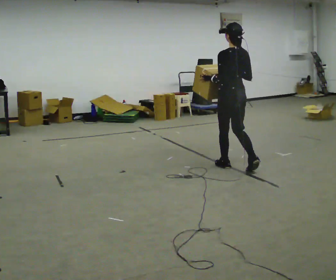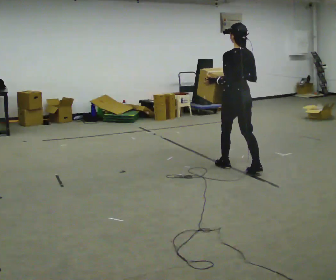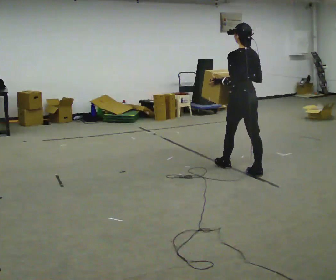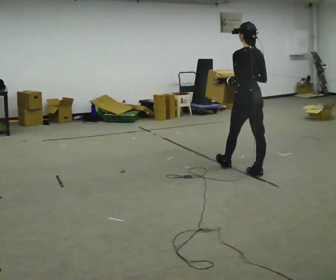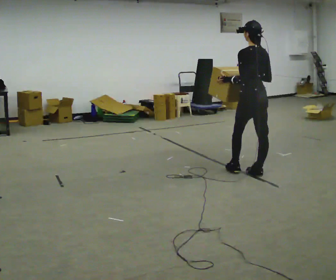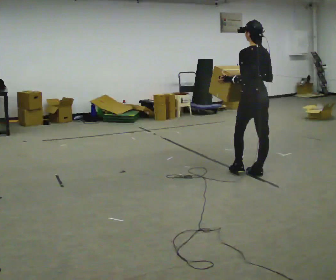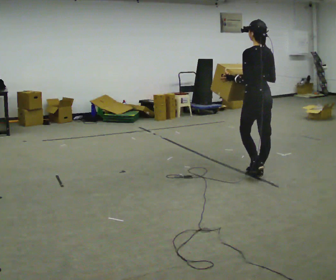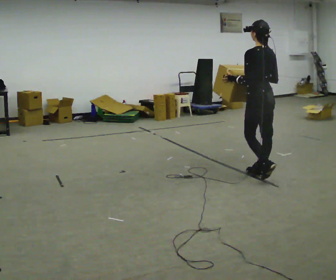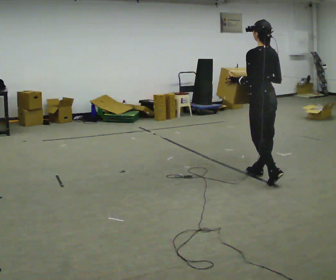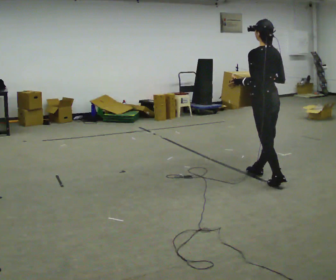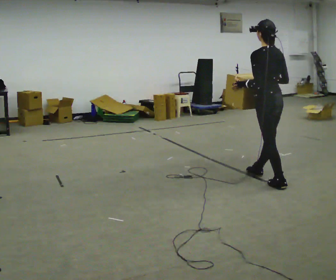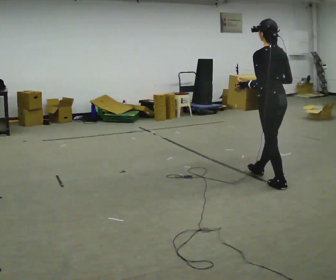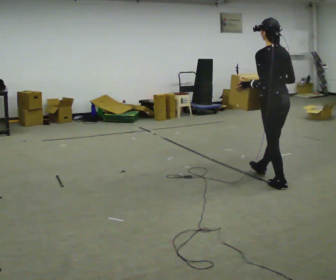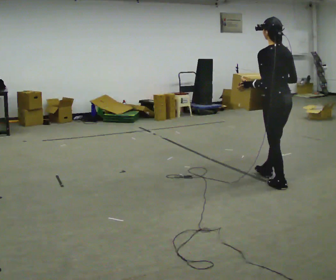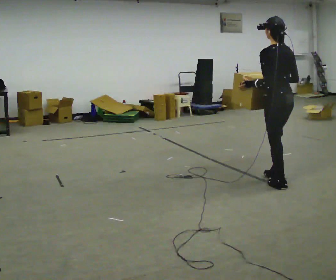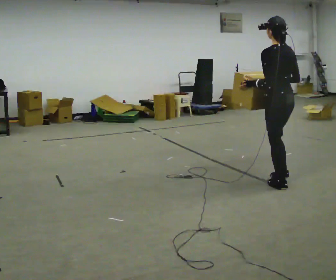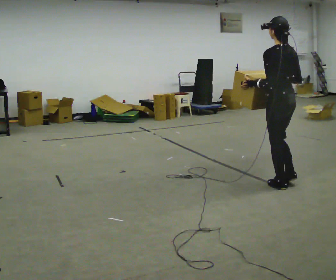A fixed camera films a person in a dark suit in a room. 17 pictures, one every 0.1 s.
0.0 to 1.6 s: In the picture they go toward the camera and to the right, about 1 m in 2 steps, which for them is backward.
The film runs backward here.
